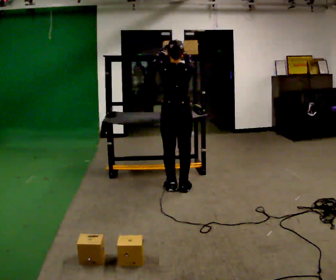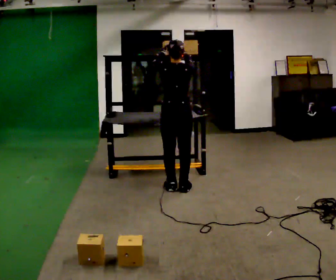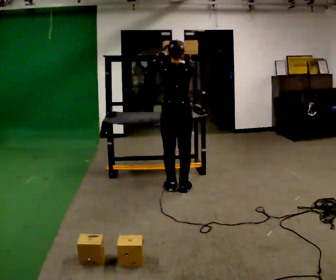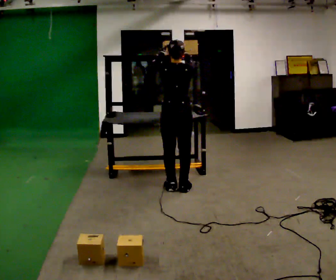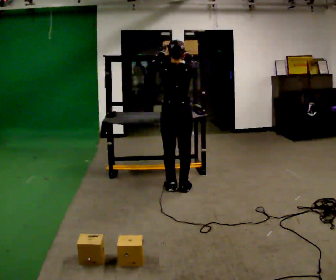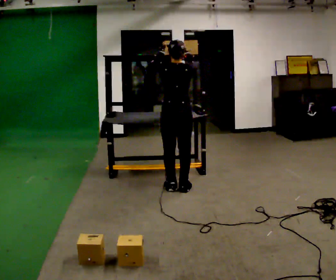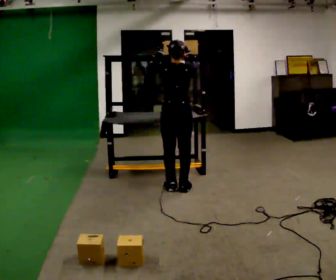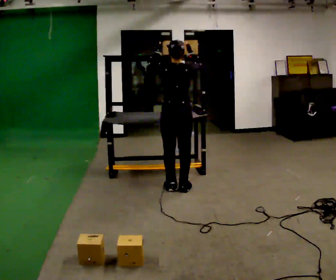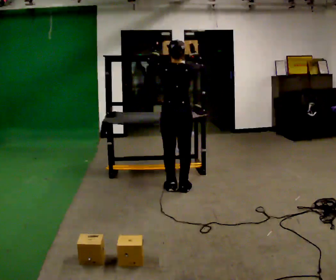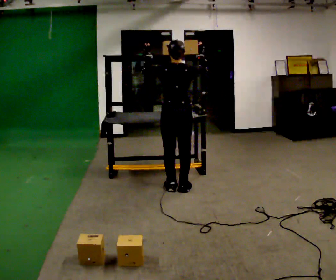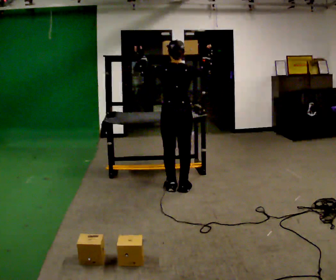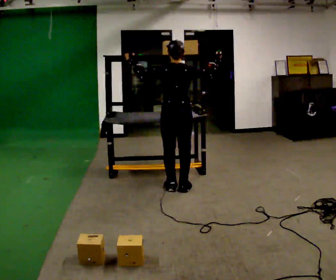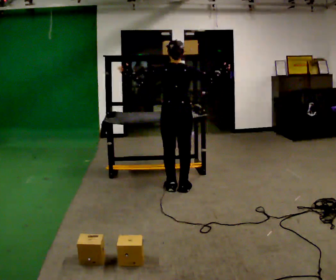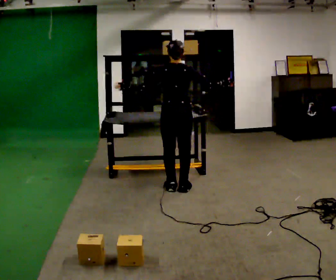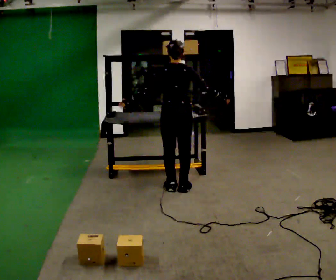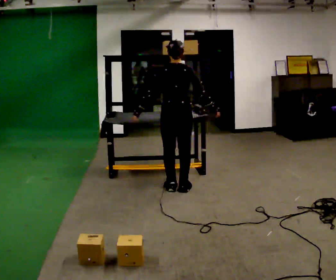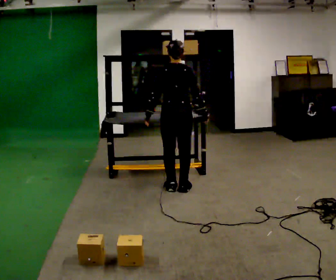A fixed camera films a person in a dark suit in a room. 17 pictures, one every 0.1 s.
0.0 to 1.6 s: In the picture their left hand goes downward.
The film runs backward here.
